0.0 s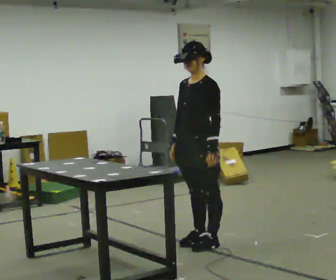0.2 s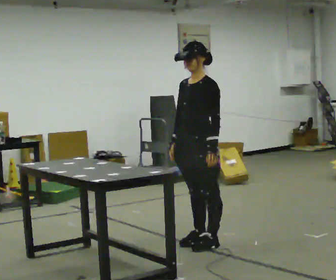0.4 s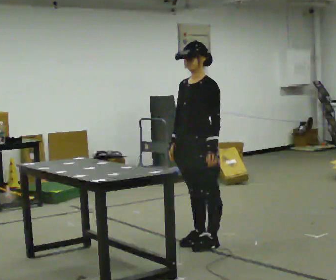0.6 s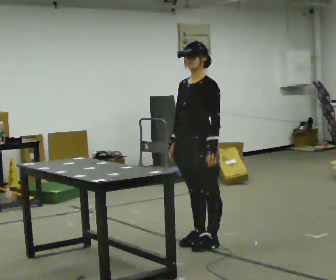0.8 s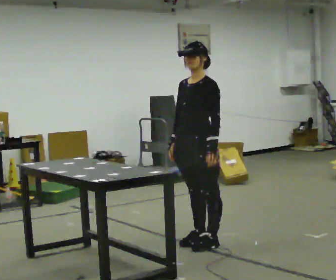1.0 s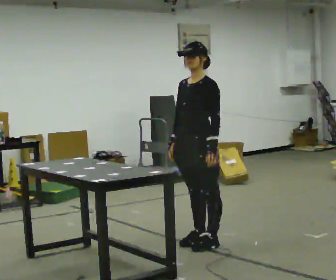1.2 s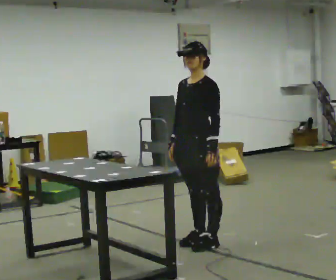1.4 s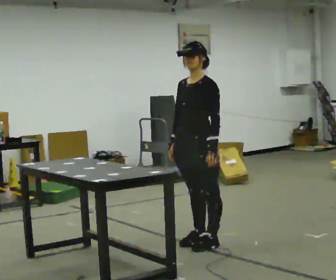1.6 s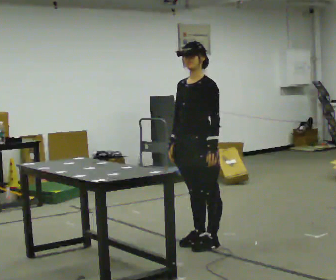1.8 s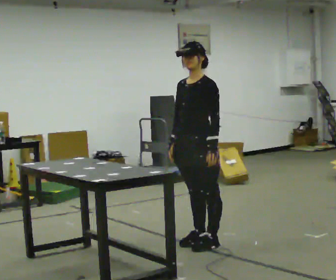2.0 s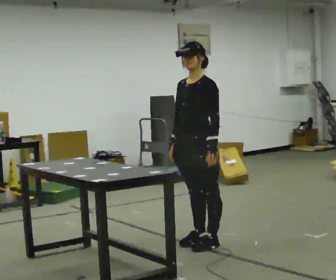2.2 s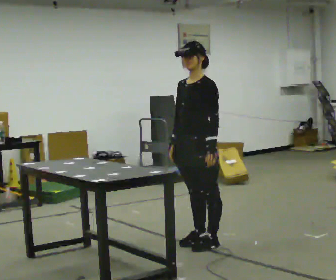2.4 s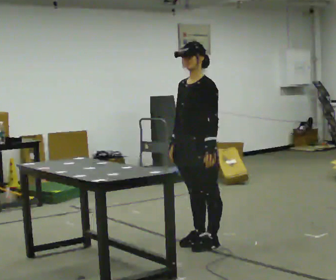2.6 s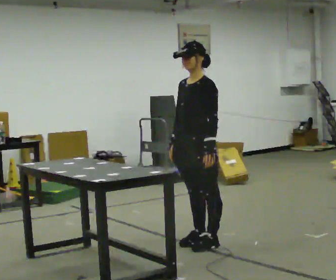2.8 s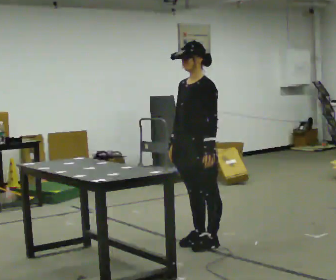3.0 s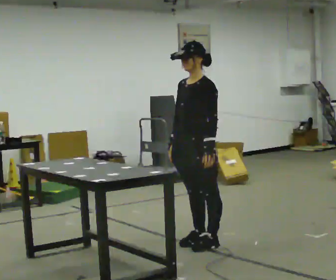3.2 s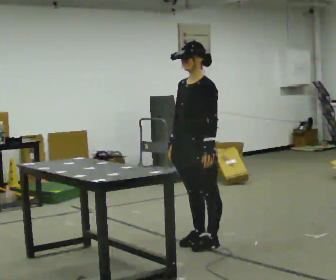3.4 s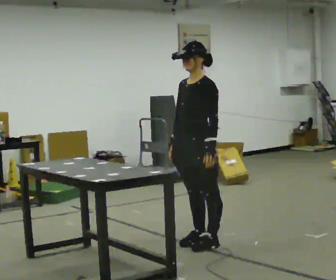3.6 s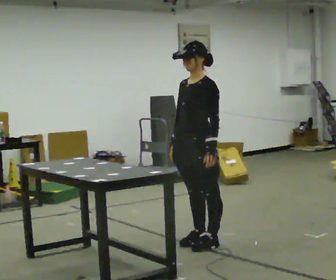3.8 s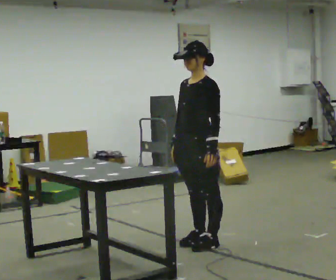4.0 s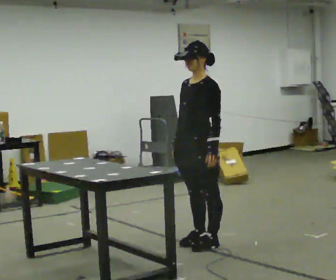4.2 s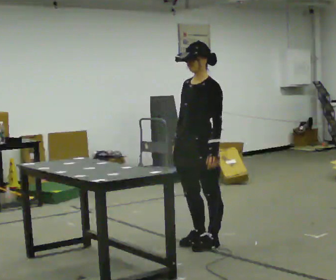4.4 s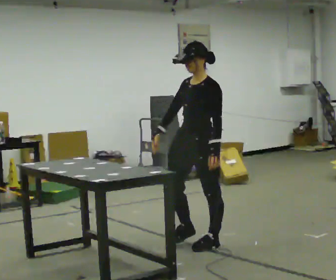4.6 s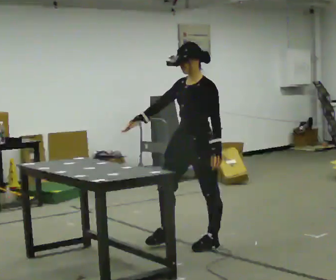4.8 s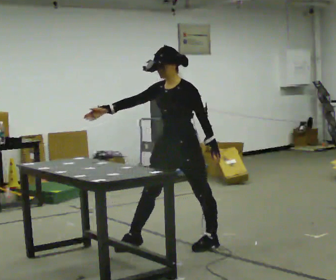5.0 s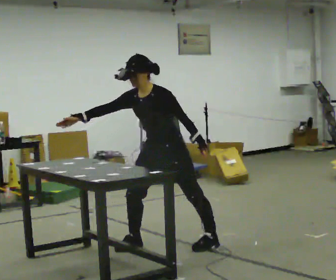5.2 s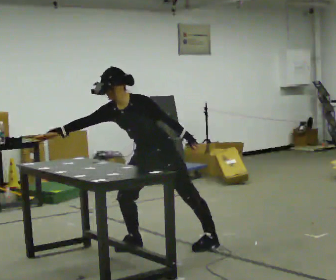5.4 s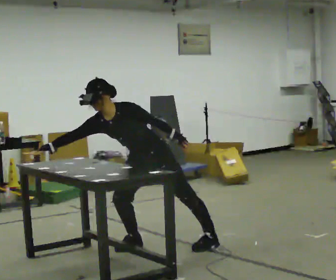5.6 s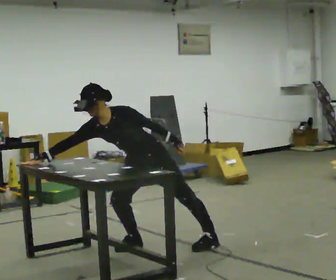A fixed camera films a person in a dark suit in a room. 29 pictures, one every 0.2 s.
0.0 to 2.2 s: The person keeps their place and pose.
2.2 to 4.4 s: The person moves a little, or ends about where they began.
4.4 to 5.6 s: In the picture they go to the left, about 0.5 m, which for them is to their right and forward. The upper body goes downward. In the picture the upper body tilts counterclockwise, shoulders to the left, as they bend forward.
The film runs backward here.
